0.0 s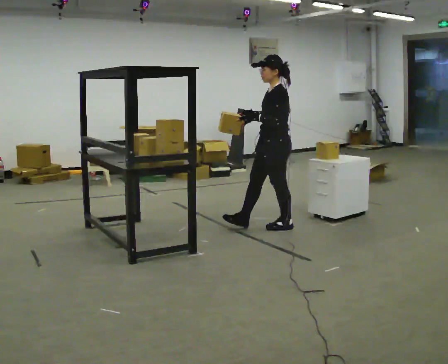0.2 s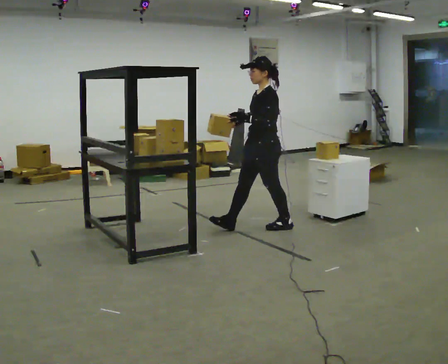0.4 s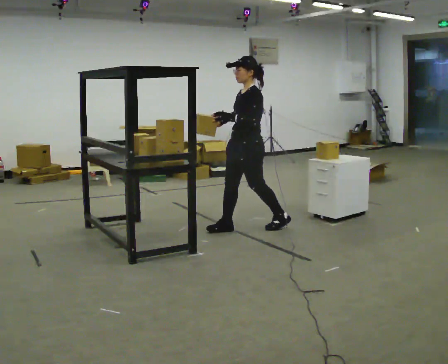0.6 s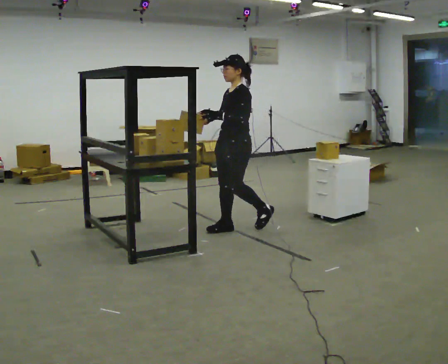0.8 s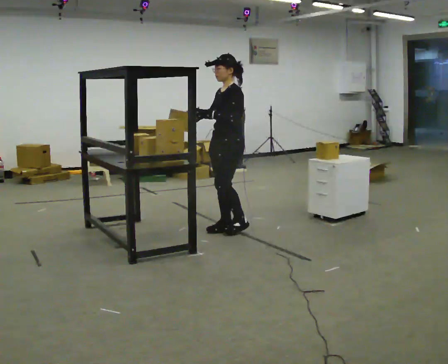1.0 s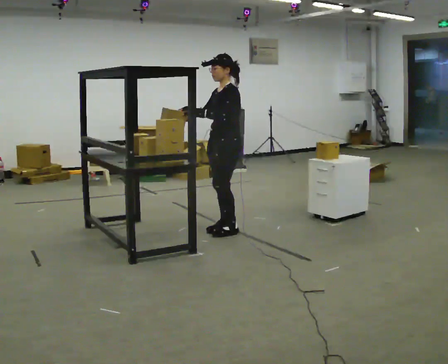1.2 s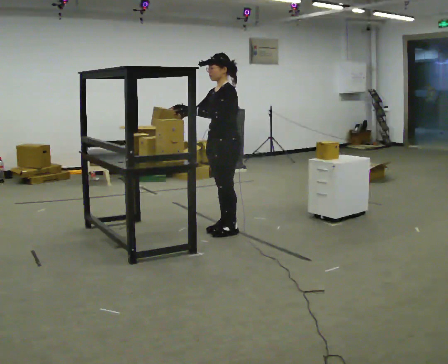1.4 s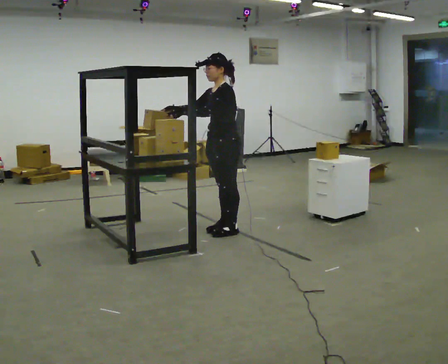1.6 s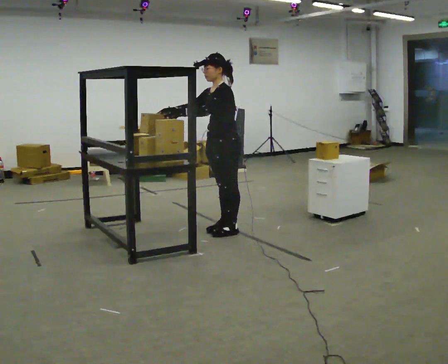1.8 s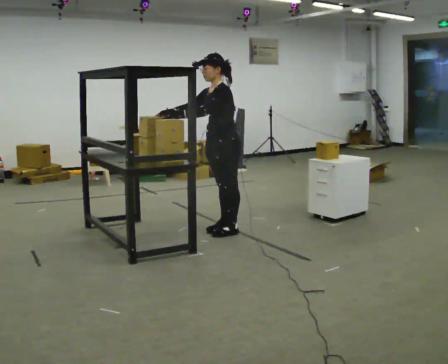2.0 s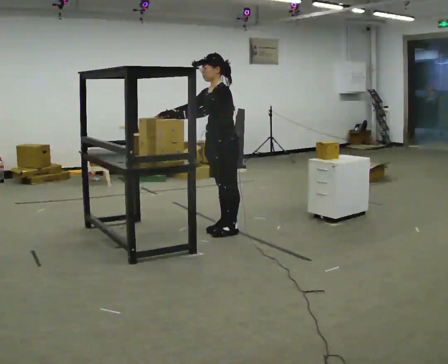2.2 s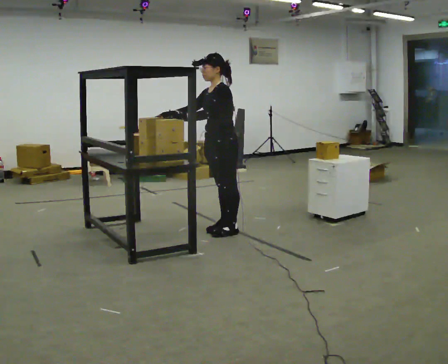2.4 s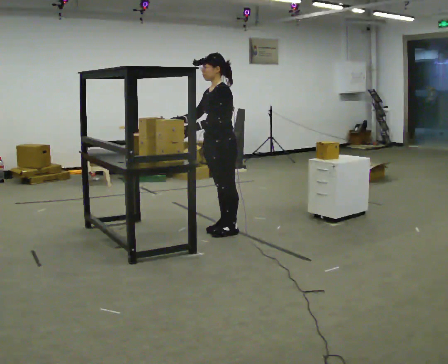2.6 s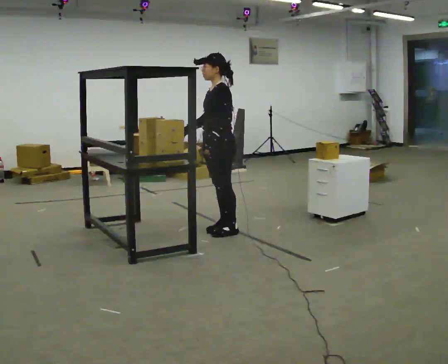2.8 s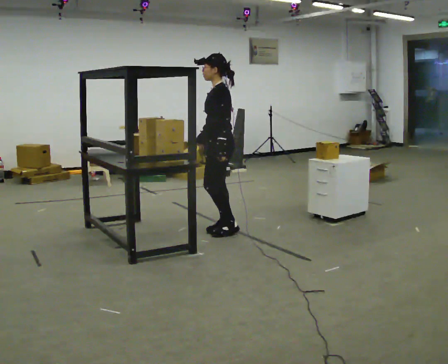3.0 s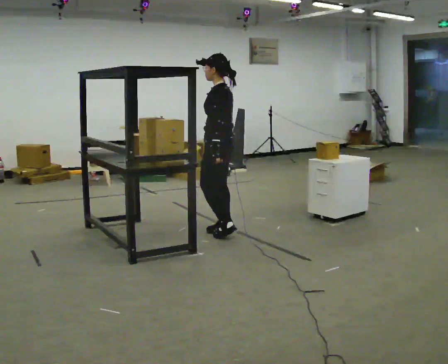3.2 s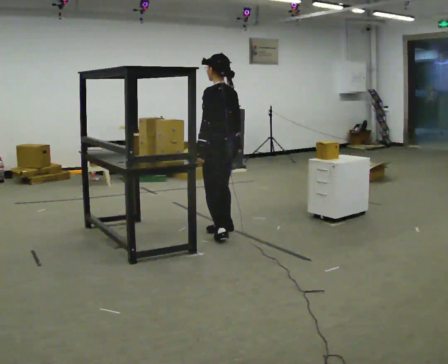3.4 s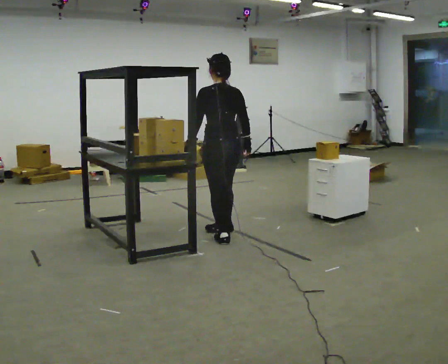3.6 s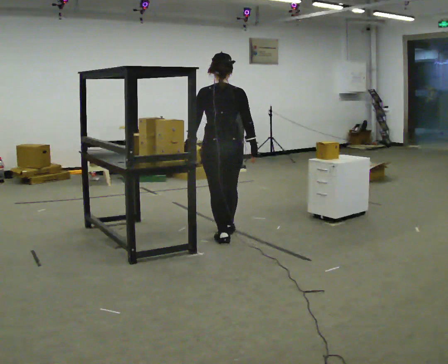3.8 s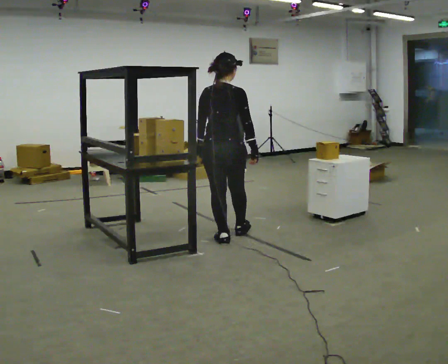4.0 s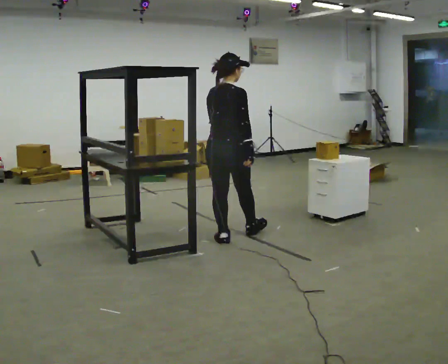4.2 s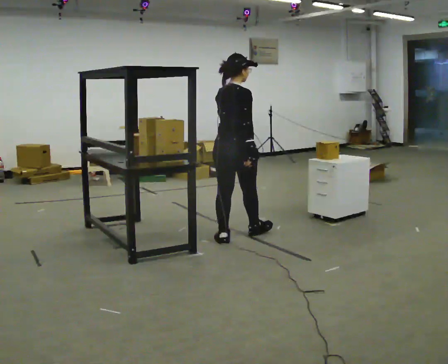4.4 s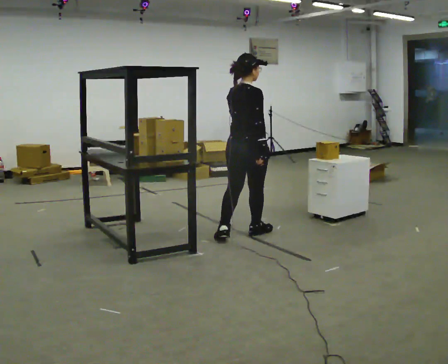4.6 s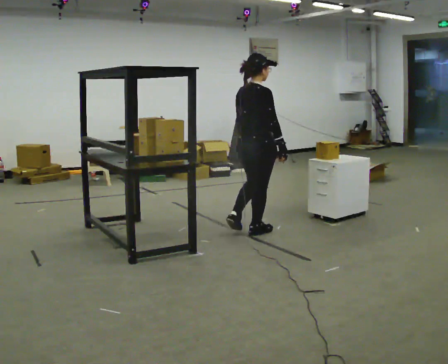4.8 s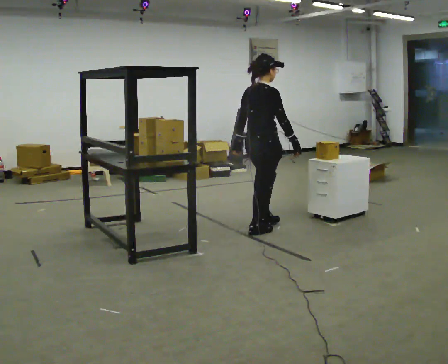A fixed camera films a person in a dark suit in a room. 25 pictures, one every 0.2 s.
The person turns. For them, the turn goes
to their right.
The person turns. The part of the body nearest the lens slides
to the left.
0.0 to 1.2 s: In the picture they go to the left, about 0.5 m in 2 steps, which for them is forward.
1.2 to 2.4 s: The person moves a little, or ends about where they began.
2.4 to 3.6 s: The part of the body nearest the lens slides to the left as the person turns to their right by about 105 degrees. In the picture they go toward the camera, about 0.25 m in 1 step. In the picture their right hand goes to the right, the arm swinging counterclockwise.
3.6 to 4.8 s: The person turns about 60 degrees to their right, clockwise seen from above, so the part of the body nearest the lens slides to the left. In the picture they go to the right and away from the camera, about 0.5 m in 1 step, which for them is forward.
The film runs forward here.
